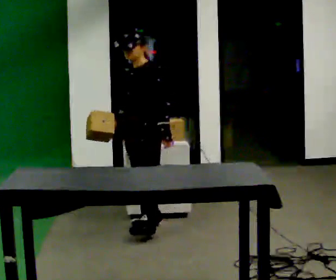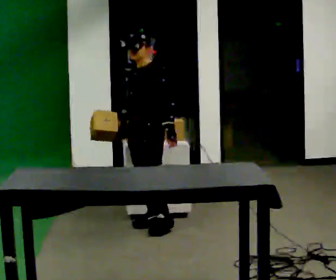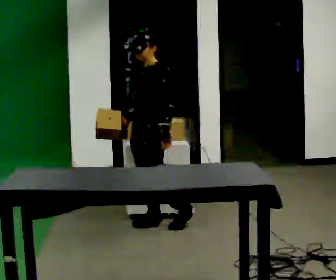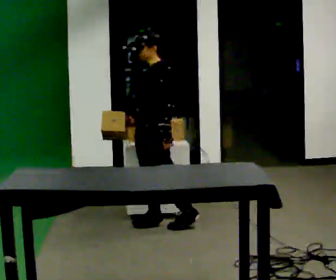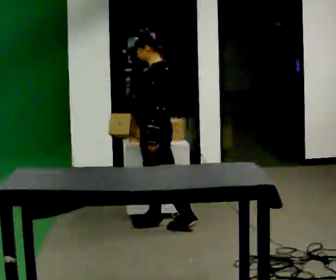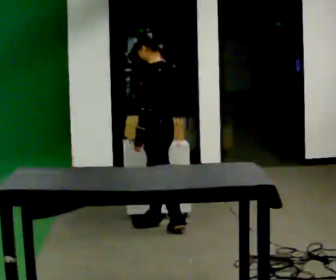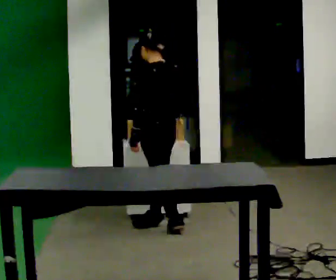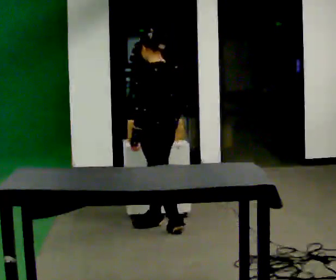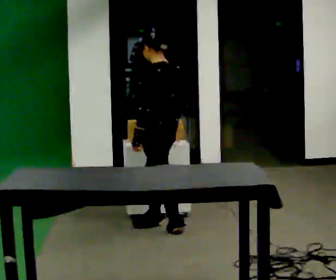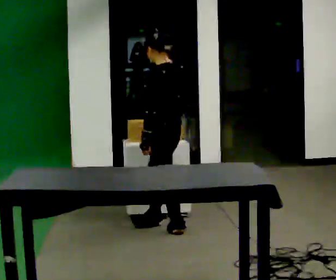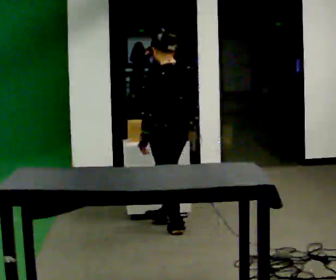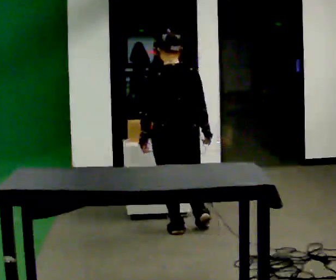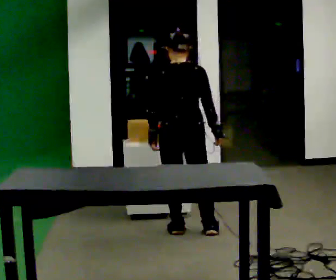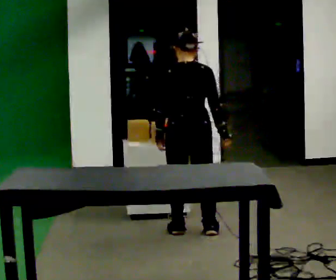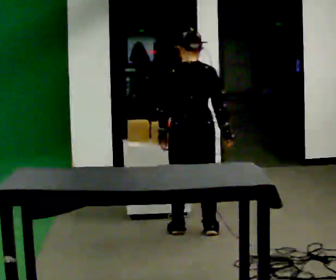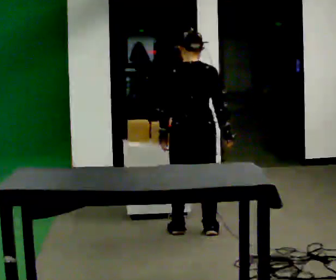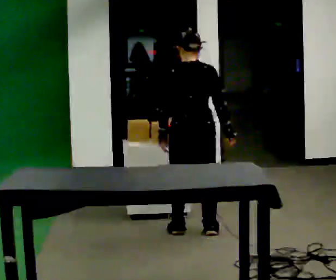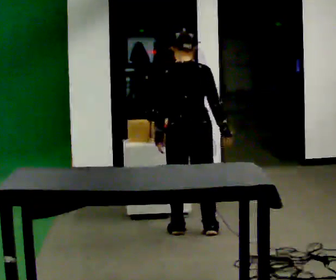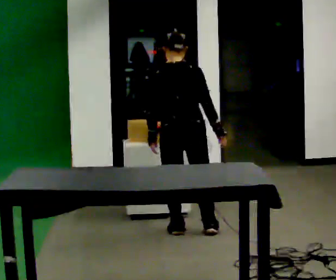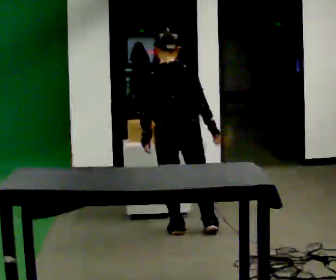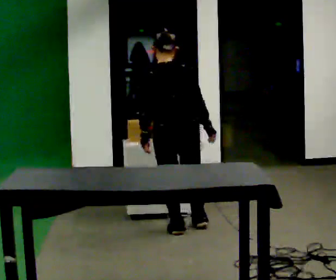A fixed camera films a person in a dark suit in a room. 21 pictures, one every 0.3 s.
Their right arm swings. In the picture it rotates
counterclockwise.
0.0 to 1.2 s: The part of the body nearest the lens slides to the left as the person turns to their right by about 30 degrees.
1.2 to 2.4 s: Seen from above the body turns clockwise, about 30 degrees: to their right, with its near side sliding to the left.
2.4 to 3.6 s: The person turns about 60 degrees to their right, clockwise seen from above, so the part of the body nearest the lens slides to the left. In the picture they go to the right, about 0.25 m in 1 step, which for them is backward.
3.6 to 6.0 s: The person moves a little, or ends about where they began.
The film runs backward here.
